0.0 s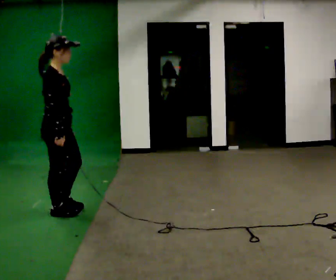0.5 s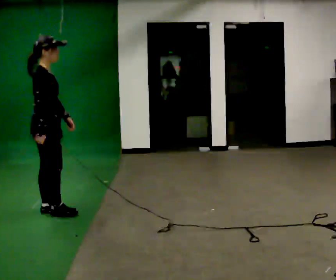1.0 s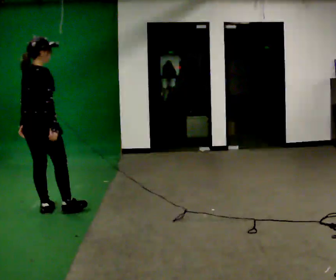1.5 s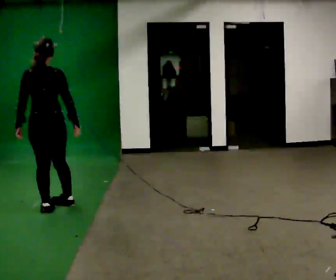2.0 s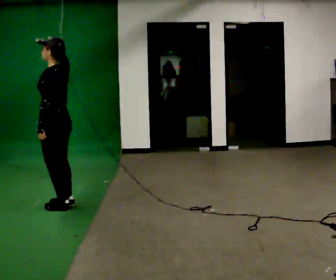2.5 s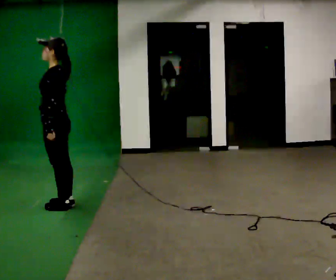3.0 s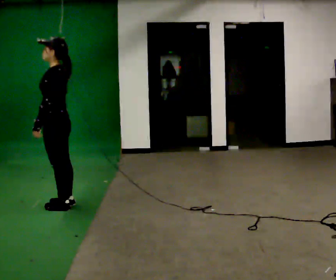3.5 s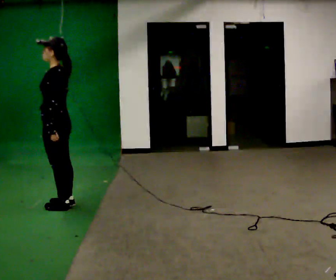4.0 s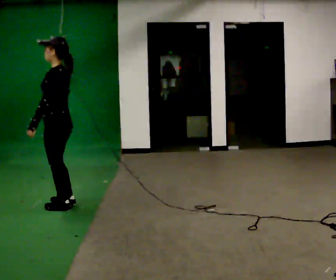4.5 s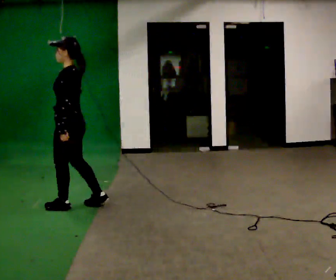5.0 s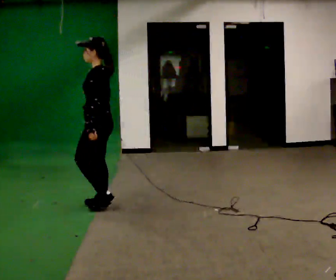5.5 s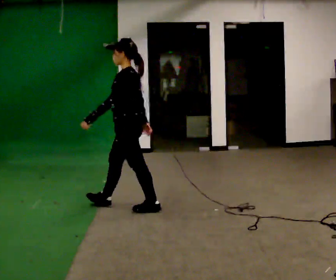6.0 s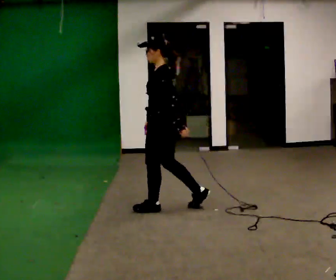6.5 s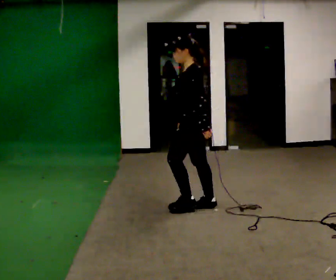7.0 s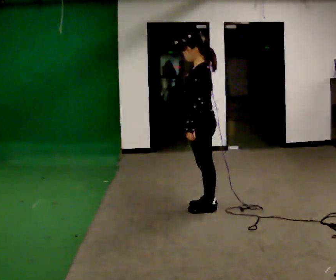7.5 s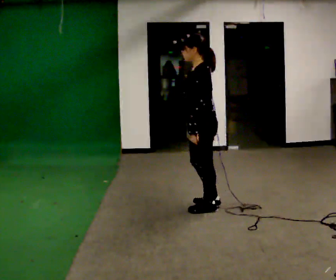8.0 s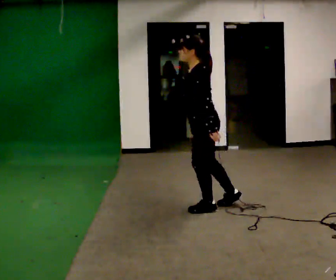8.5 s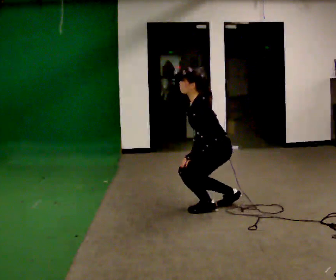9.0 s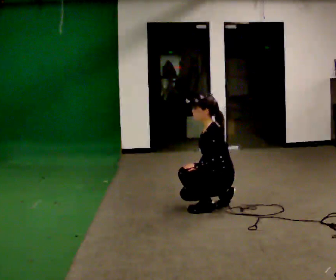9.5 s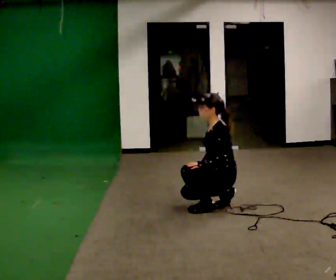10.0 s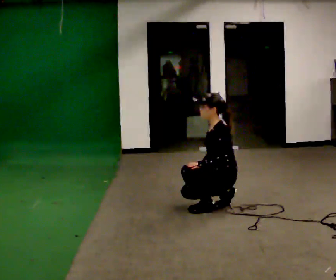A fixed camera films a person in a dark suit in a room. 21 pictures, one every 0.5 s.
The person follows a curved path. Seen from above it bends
clockwise.
The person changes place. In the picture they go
to the right.
0.0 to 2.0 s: Seen from above the body turns counterclockwise, about 165 degrees: to their left, with its near side sliding to the right. In the picture they go away from the camera, about 0.25 m in 2 steps.
2.0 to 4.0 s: The person moves a little, or ends about where they began.
4.0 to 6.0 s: In the picture they go to the right, about 1 m in 2 steps, which for them is backward.
6.0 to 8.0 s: In the picture they go to the right, about 0.5 m in 2 steps, which for them is backward.
8.0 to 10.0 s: In the picture they go to the right, about 0.25 m, which for them is backward. The upper body goes downward. In the picture their left hand goes downward.
The film runs backward here.
